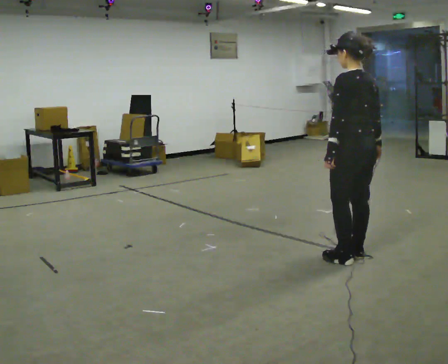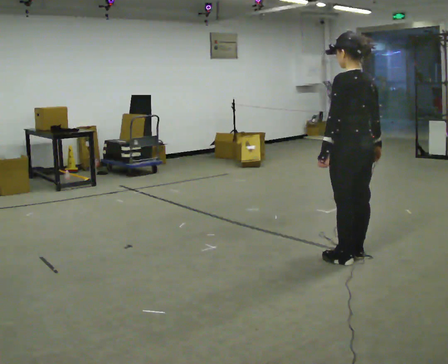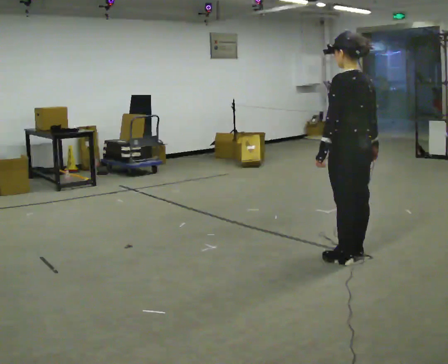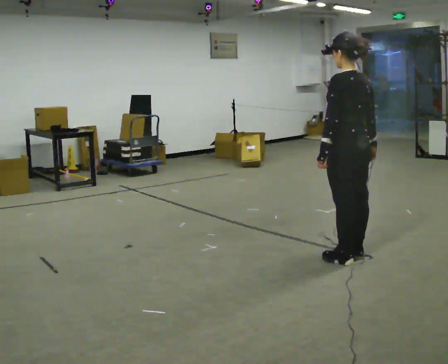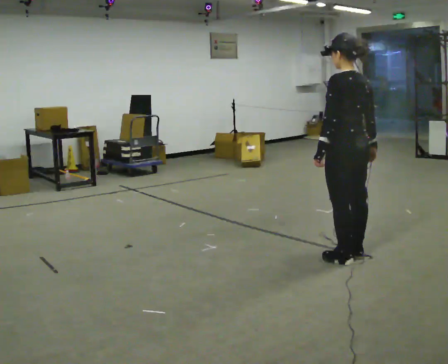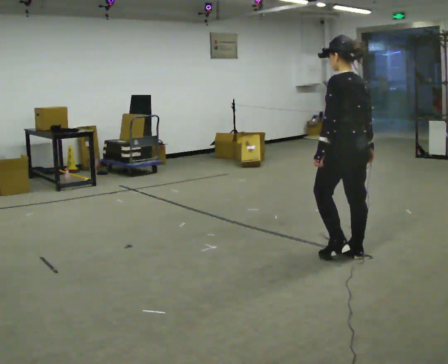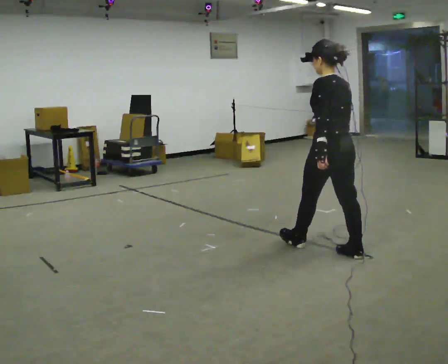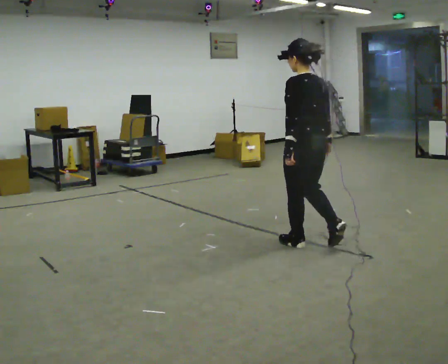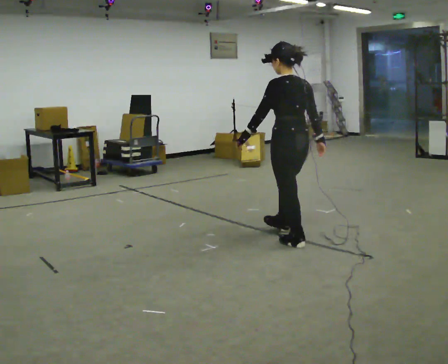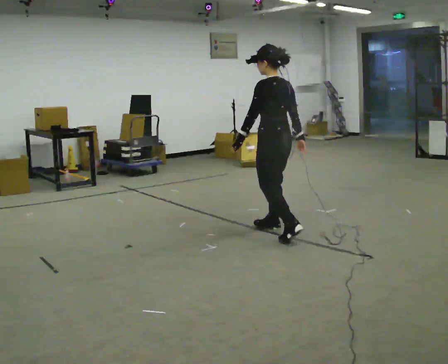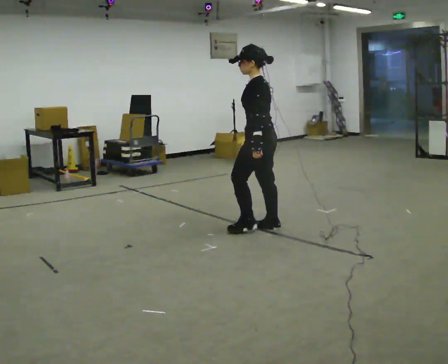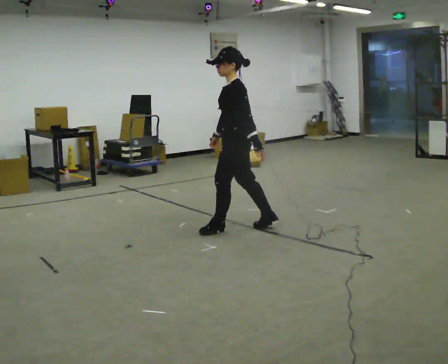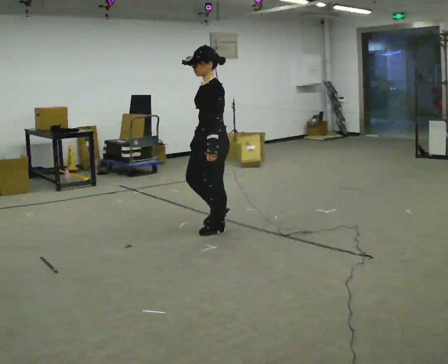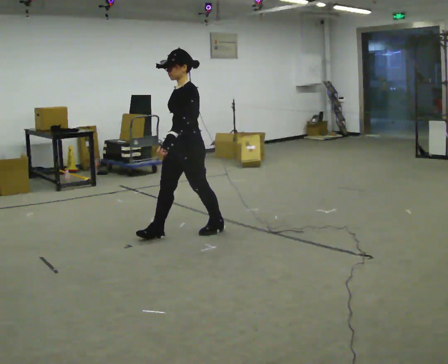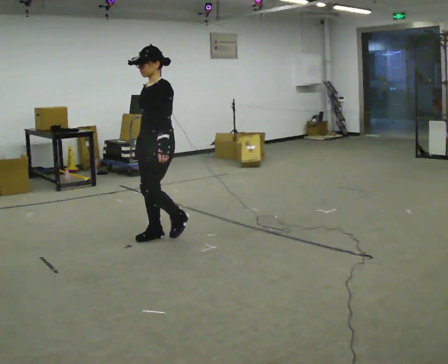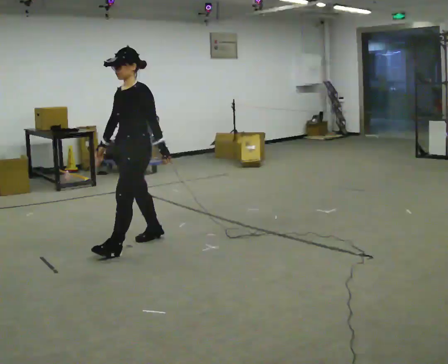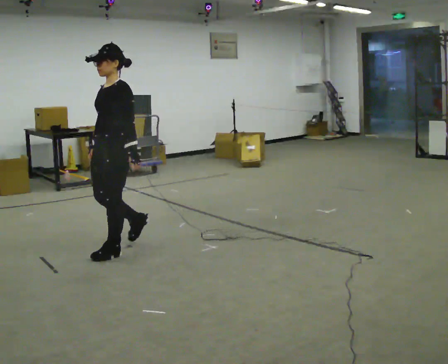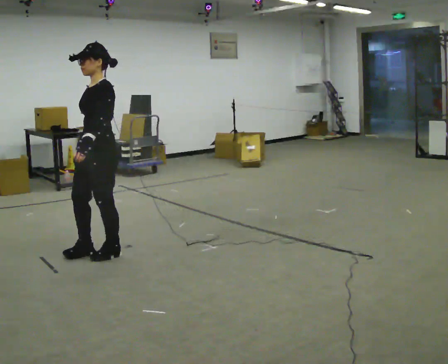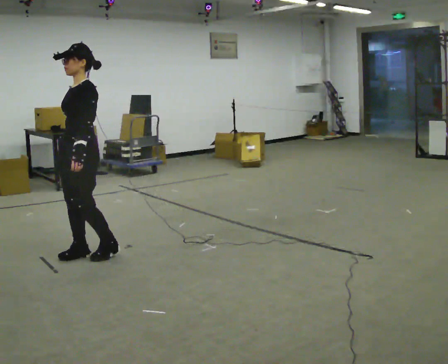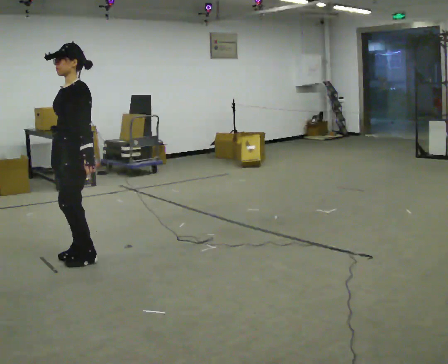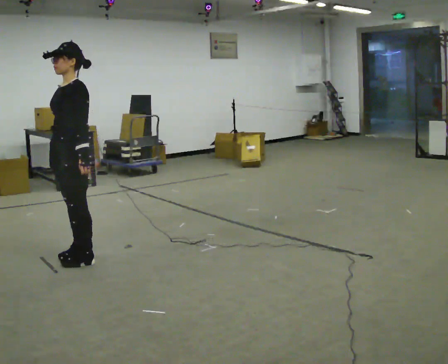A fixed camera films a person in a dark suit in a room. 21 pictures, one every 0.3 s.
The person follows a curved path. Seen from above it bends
counterclockwise.
The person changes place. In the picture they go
to the left.
0.0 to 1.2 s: The person moves a little, or ends about where they began.
1.2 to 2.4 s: In the picture they go away from the camera and to the left, about 0.5 m in 1 step, which for them is forward.
2.4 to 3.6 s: Seen from above the body turns counterclockwise, about 75 degrees: to their left, with its near side sliding to the right. In the picture they go to the left and away from the camera, about 0.75 m in 2 steps.
3.6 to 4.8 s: In the picture they go to the left and toward the camera, about 1 m in 2 steps, which for them is forward.
4.8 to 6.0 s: In the picture they go to the left and toward the camera, about 0.25 m in 2 steps, which for them is forward.
The film runs forward here.
